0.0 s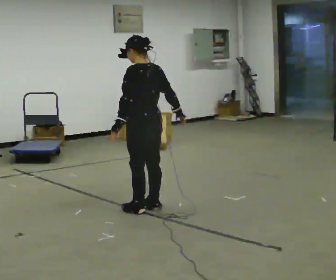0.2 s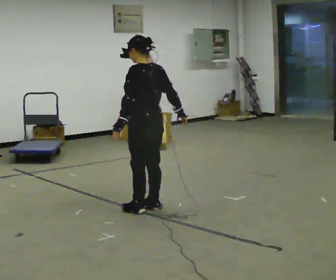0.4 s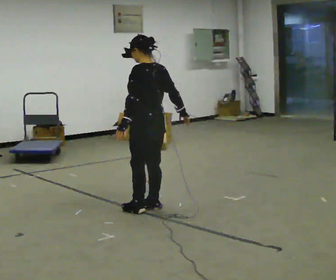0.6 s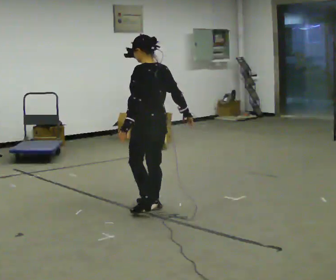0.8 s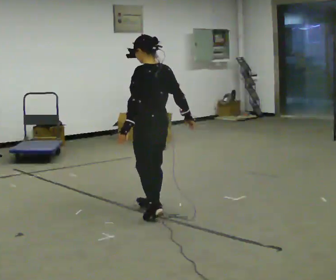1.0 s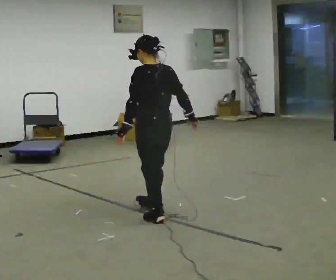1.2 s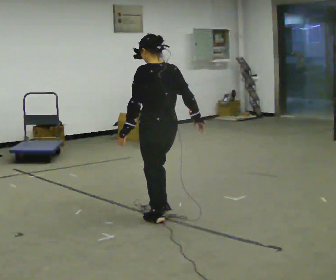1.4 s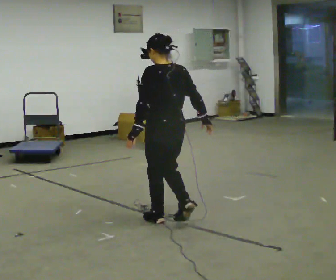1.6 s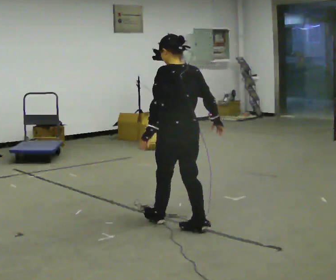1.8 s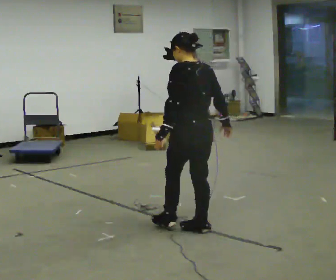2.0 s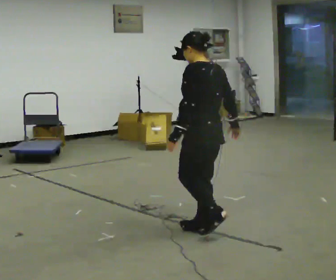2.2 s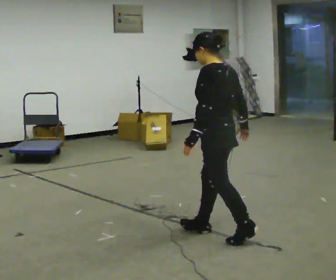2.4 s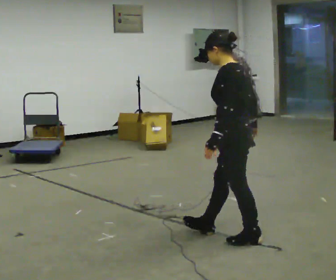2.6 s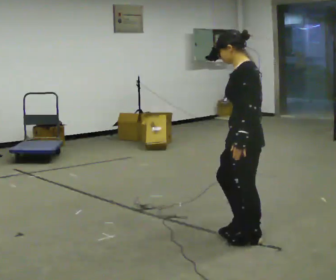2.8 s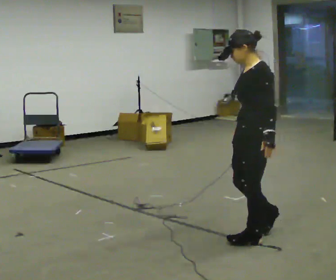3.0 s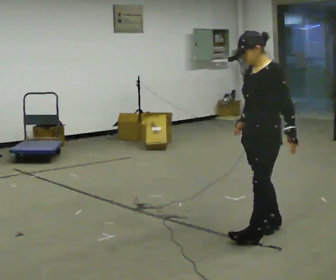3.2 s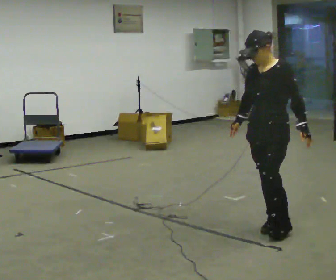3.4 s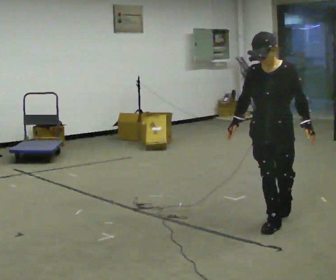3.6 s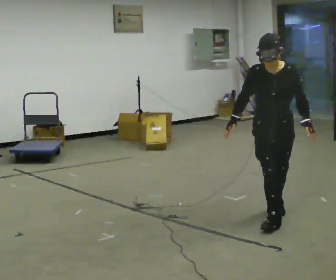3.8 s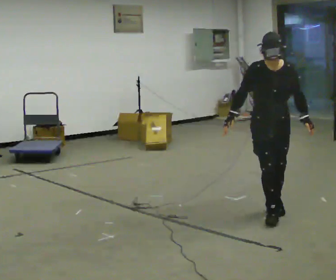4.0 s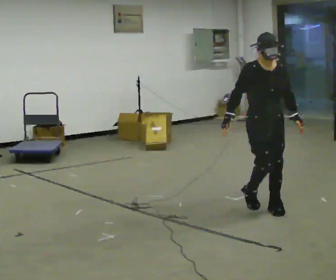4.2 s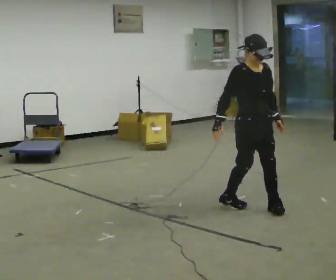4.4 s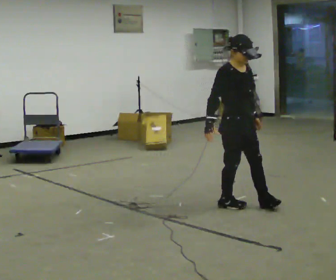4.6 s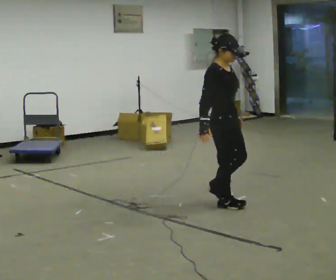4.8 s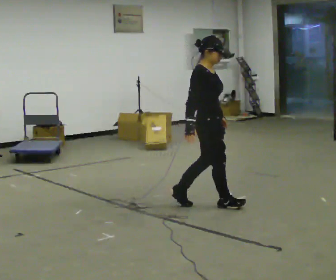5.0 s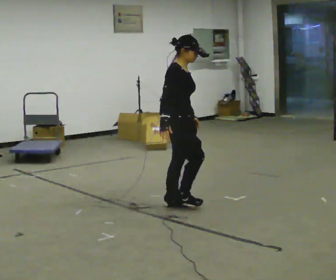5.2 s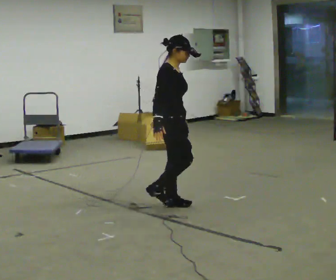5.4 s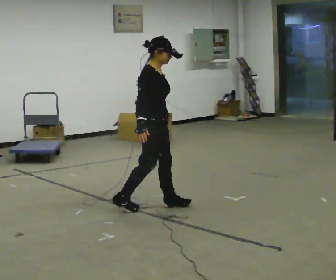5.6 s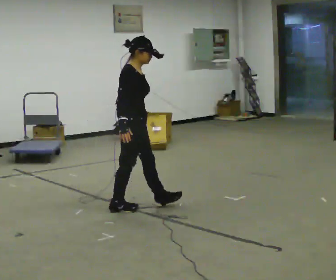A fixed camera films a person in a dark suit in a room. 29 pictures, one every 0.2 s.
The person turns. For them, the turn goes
to their left.
The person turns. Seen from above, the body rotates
counterclockwise.
0.0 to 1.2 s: In the picture they go toward the camera and to the right, about 0.25 m in 2 steps, which for them is backward and to their left.
1.2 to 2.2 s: In the picture they go to the right and toward the camera, about 0.5 m in 1 step, which for them is backward.
2.2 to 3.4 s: Seen from above the body turns counterclockwise, about 105 degrees: to their left, with its near side sliding to the right. In the picture they go to the right and away from the camera, about 0.5 m in 2 steps.
3.4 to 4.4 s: The part of the body nearest the lens slides to the right as the person turns to their left by about 75 degrees. In the picture they go away from the camera and to the left, about 0.5 m in 2 steps.
4.4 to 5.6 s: The person turns about 30 degrees to their left, counterclockwise seen from above, so the part of the body nearest the lens slides to the right. In the picture they go to the left, about 1 m in 2 steps, which for them is backward.
The film runs backward here.
